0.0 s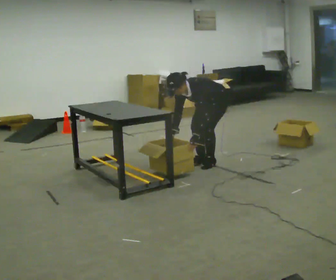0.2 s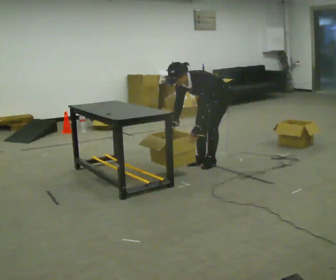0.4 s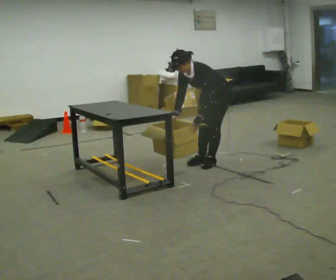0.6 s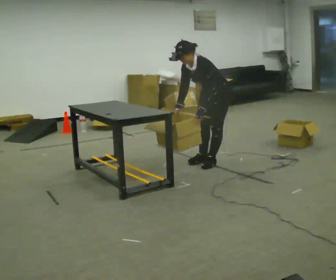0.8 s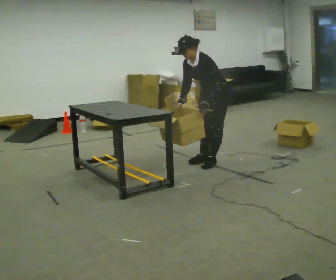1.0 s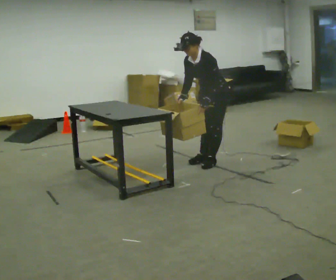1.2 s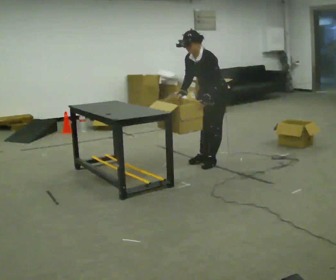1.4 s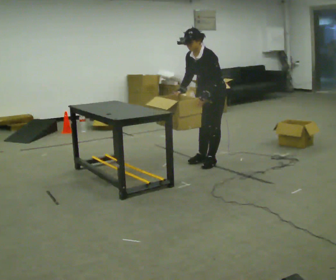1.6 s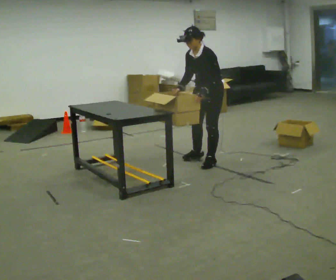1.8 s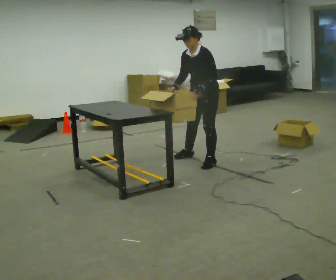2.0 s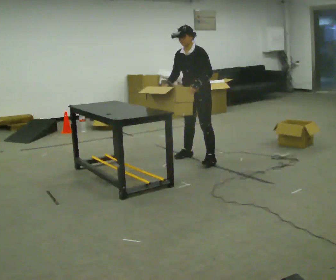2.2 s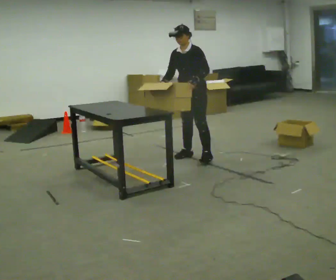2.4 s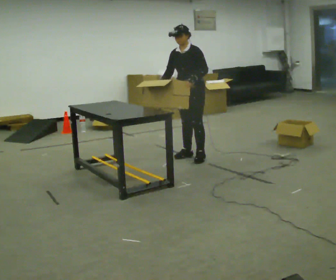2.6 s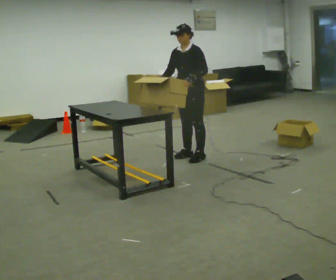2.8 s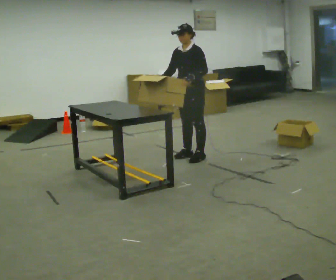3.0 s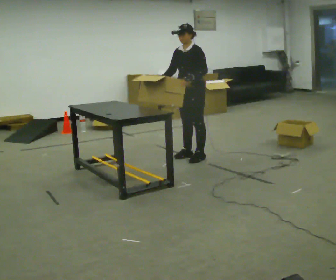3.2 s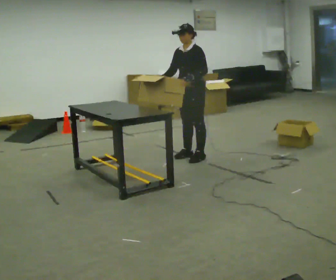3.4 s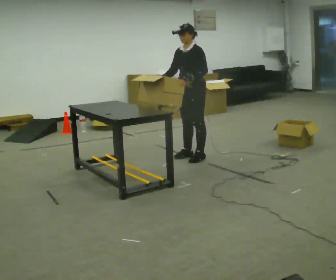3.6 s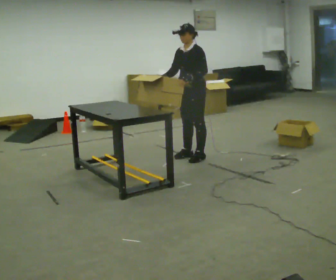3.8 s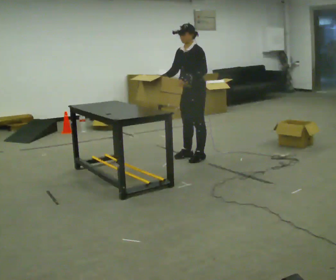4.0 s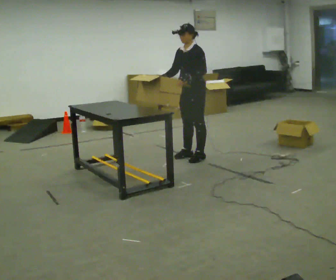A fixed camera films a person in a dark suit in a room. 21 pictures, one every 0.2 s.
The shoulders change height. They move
upward.
Their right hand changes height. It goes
upward.
0.0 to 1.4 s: The shoulders move upward. In the picture the upper body tilts clockwise, shoulders to the right, as they lean back or straighten. In the picture their right hand goes upward.
1.4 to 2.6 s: In the picture they go away from the camera and to the left, about 0.25 m in 1 step, which for them is to their right. The upper body tips away from the camera, its near side rolling upward, as they lean back or straighten.
2.6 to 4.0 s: The person moves a little, or ends about where they began.
The film runs backward here.
